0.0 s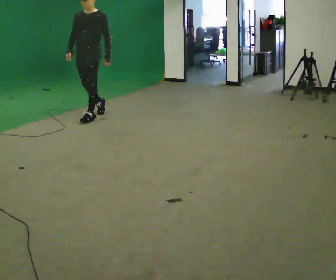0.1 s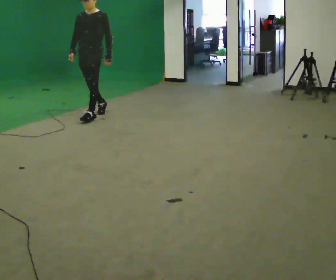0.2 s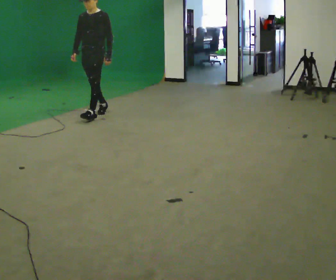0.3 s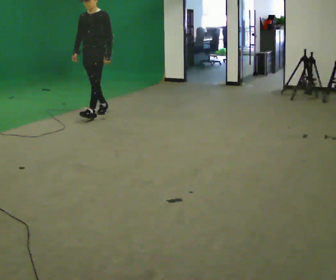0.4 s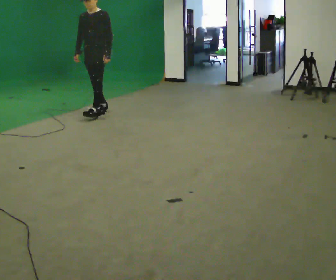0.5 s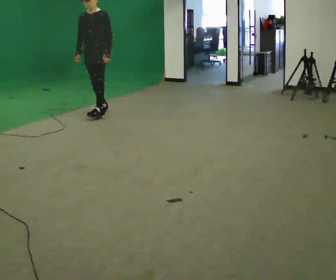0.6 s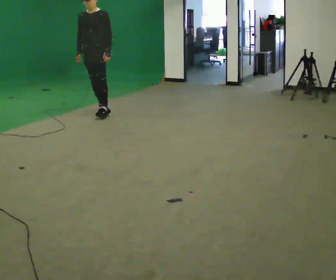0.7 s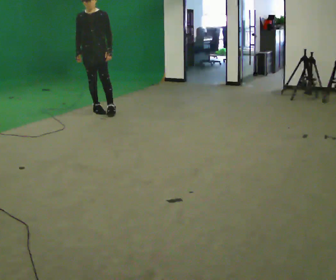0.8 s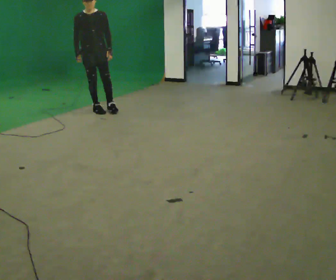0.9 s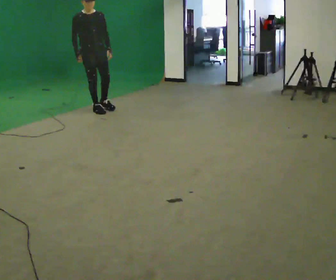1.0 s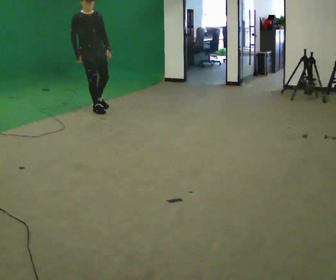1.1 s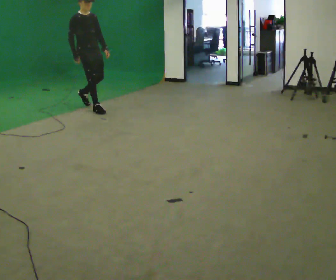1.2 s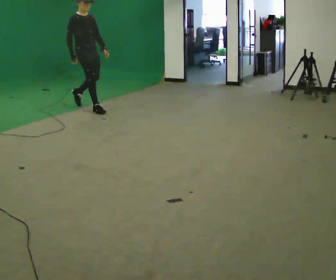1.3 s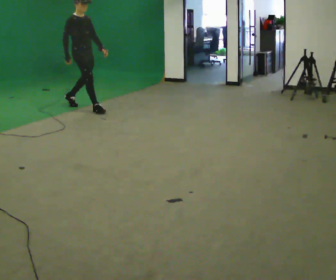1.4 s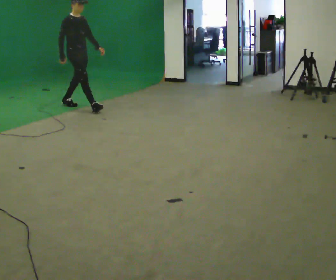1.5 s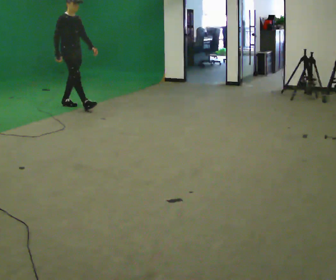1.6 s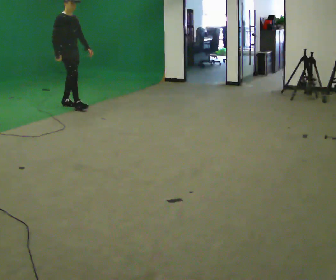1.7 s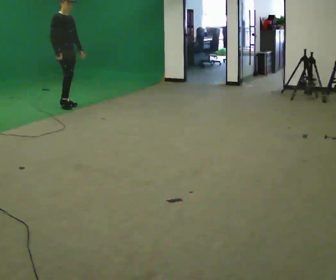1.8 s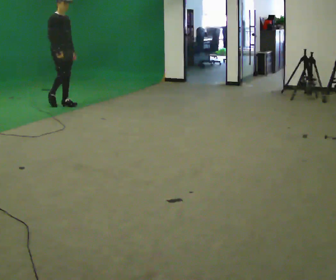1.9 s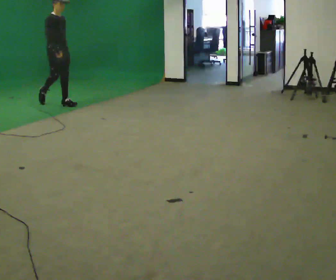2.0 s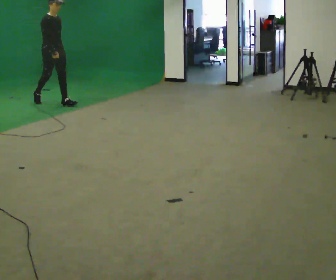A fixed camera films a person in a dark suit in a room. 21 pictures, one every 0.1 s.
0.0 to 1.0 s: The person turns about 60 degrees to their left, counterclockwise seen from above, so the part of the body nearest the lens slides to the right. In the picture they go away from the camera, about 0.5 m in 2 steps.
1.0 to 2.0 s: In the picture they go to the left and away from the camera, about 1 m in 1 step, which for them is backward.
The film runs backward here.
